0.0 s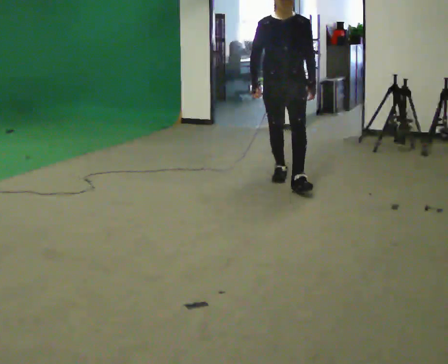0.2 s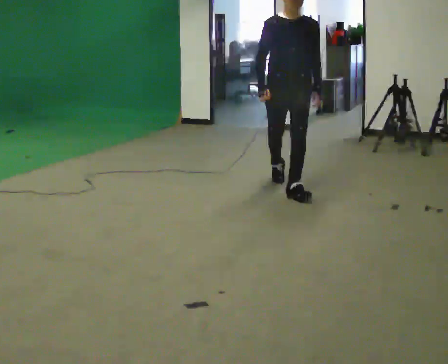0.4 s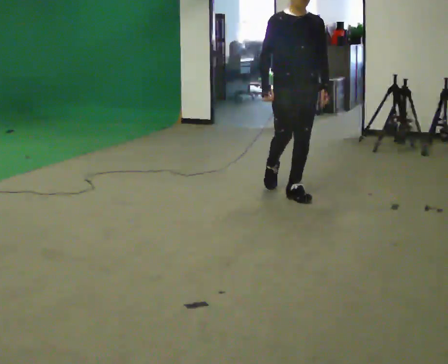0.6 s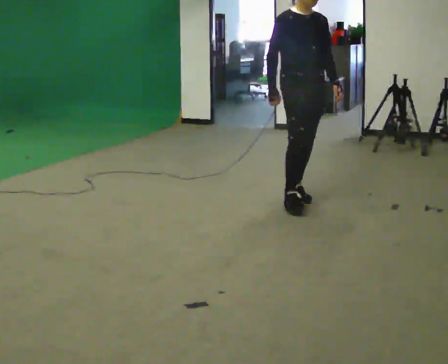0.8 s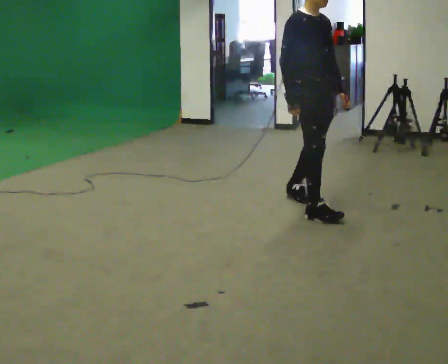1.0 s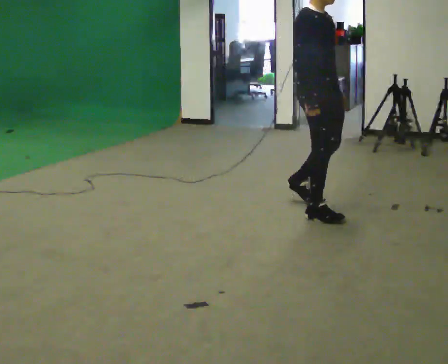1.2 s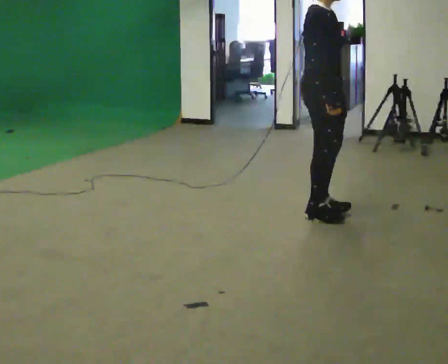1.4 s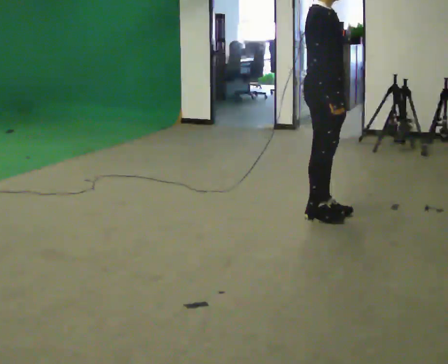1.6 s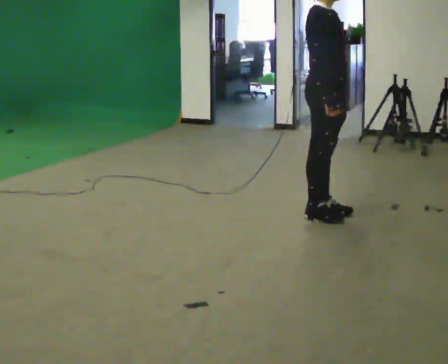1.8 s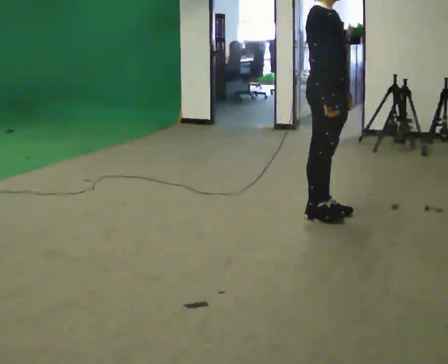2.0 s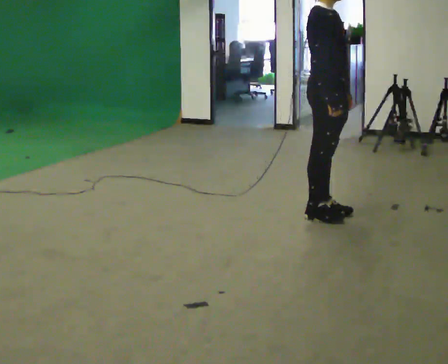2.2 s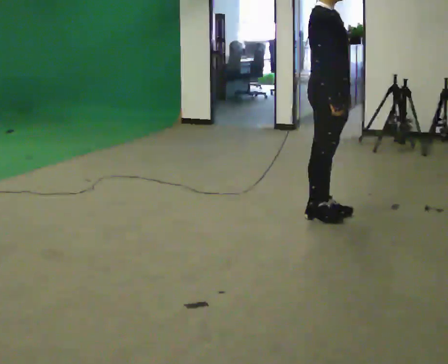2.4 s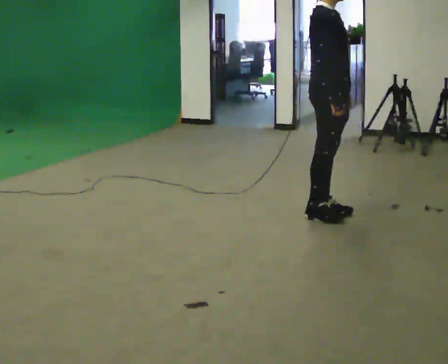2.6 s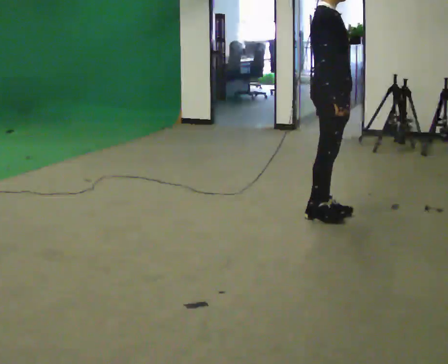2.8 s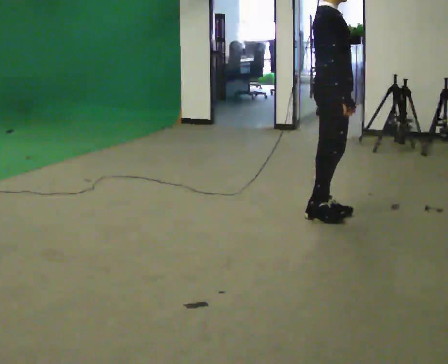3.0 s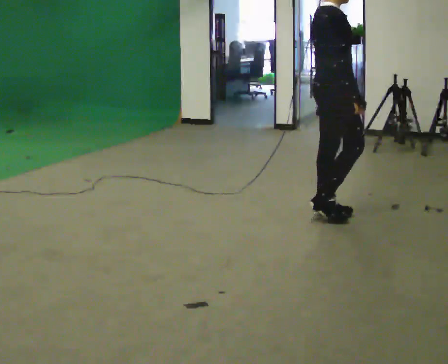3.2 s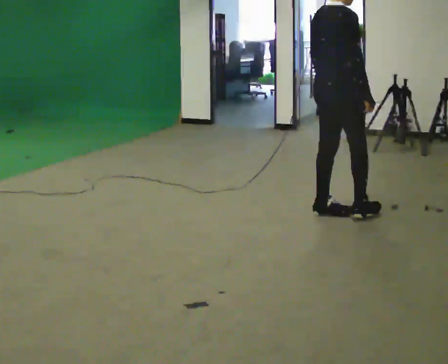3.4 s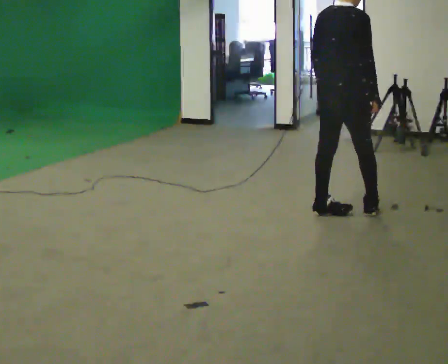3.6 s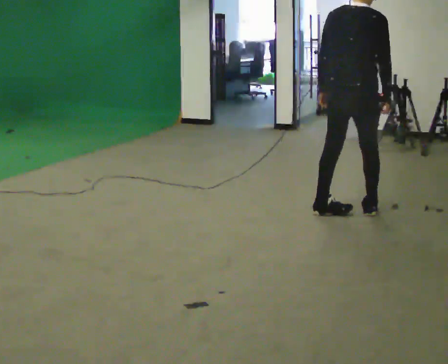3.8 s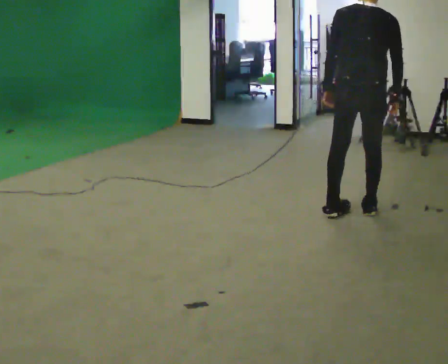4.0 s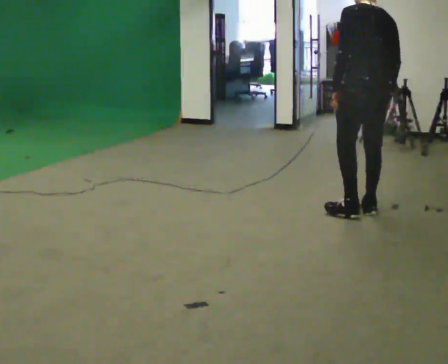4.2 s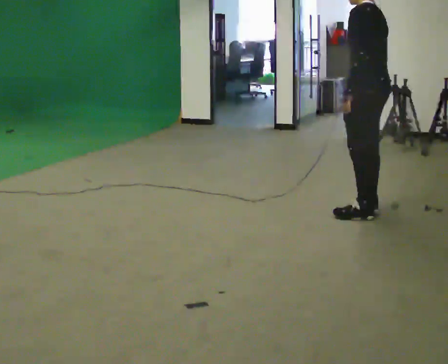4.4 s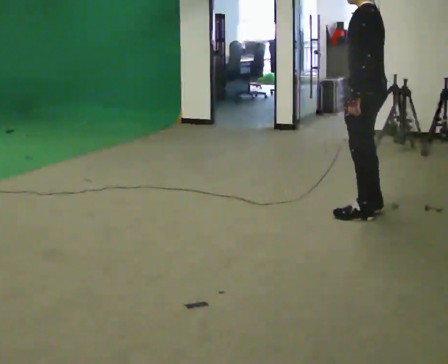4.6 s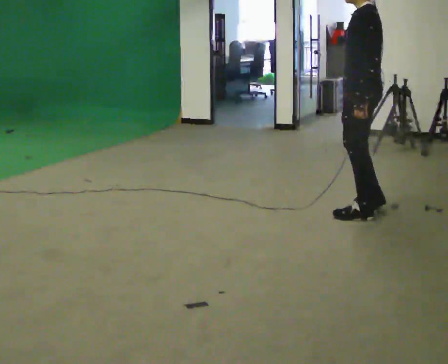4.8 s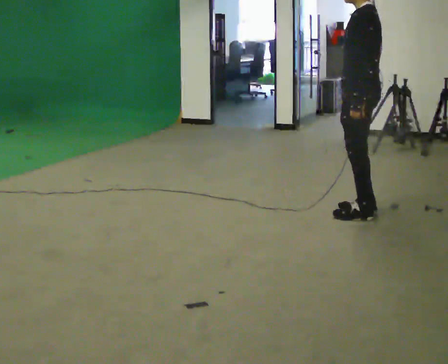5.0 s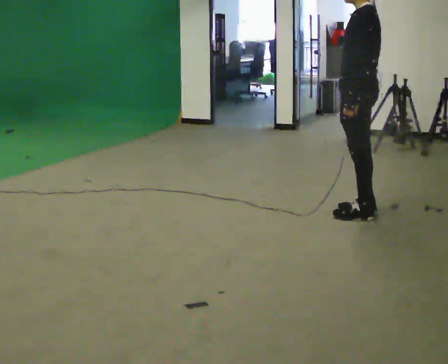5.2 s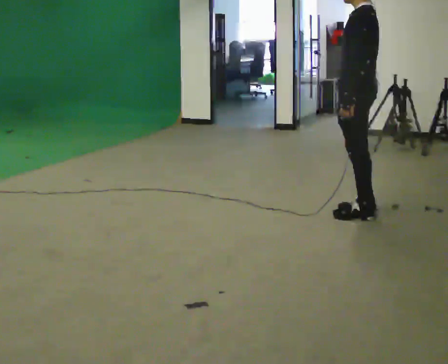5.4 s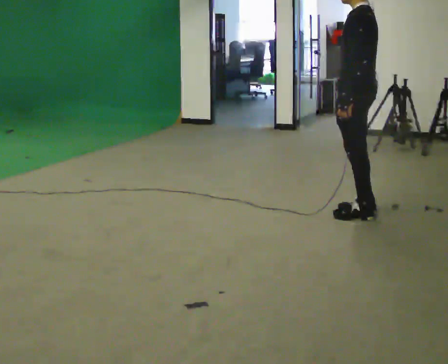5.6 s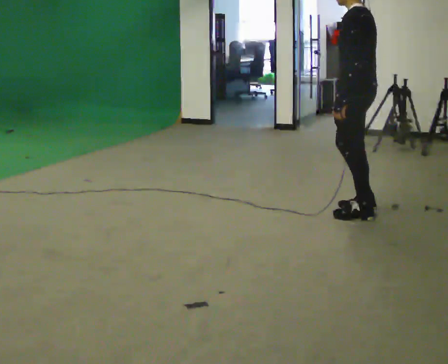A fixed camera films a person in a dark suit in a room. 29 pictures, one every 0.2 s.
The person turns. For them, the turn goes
to their left.
The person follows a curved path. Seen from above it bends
counterclockwise.
0.0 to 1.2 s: Seen from above the body turns counterclockwise, about 75 degrees: to their left, with its near side sliding to the right. In the picture they go toward the camera, about 1 m in 2 steps.
1.2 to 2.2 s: The person moves a little, or ends about where they began.
2.2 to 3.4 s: The person turns about 60 degrees to their left, counterclockwise seen from above, so the part of the body nearest the lens slides to the right.
3.4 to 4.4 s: The part of the body nearest the lens slides to the right as the person turns to their left by about 120 degrees. In the picture they go to the right, about 0.25 m in 1 step.
4.4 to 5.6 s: The person moves a little, or ends about where they began.
The film runs forward here.
